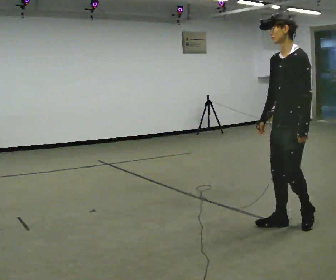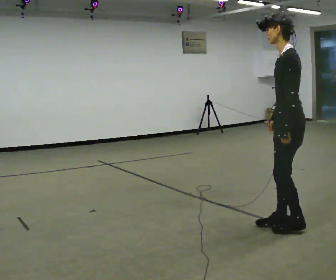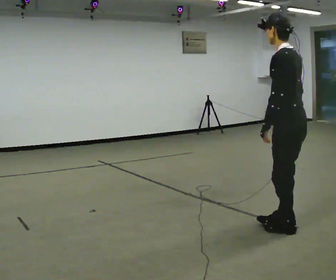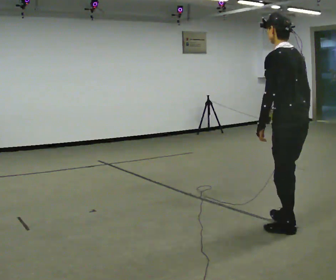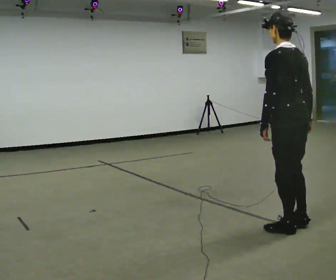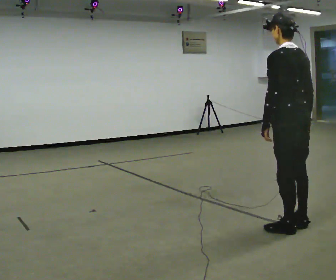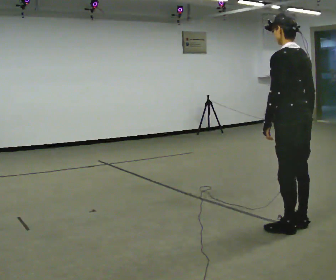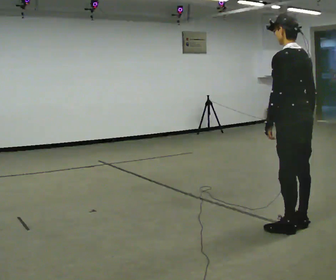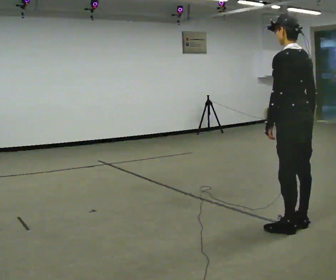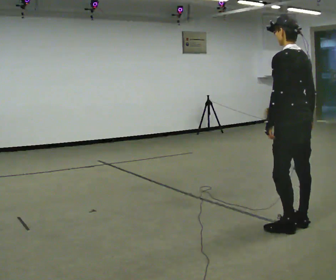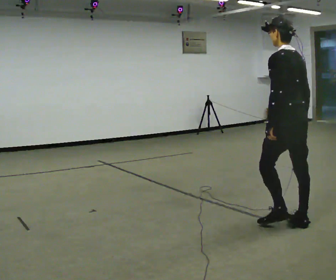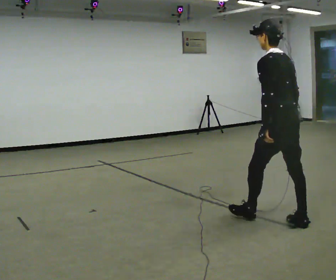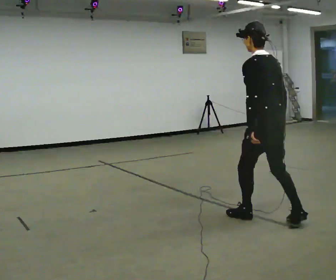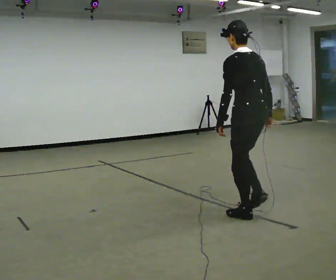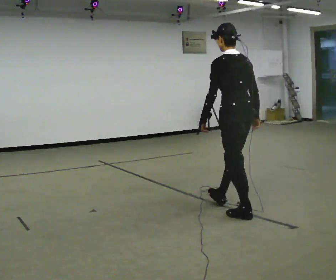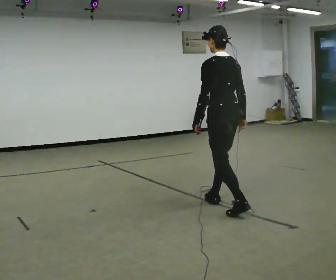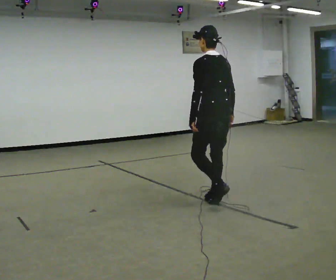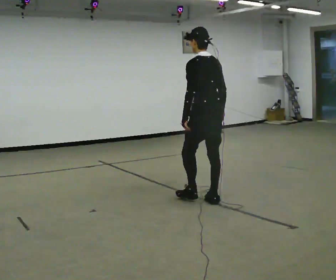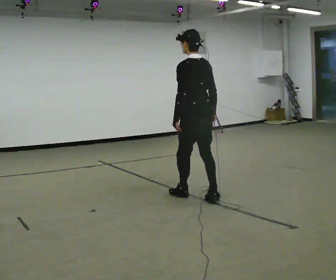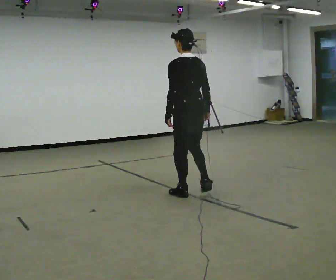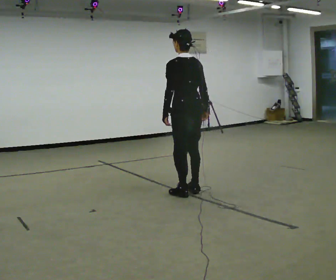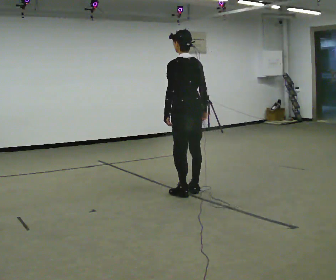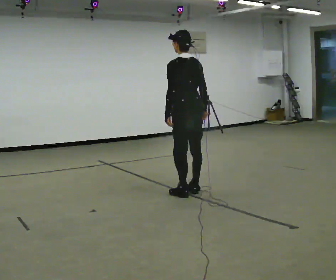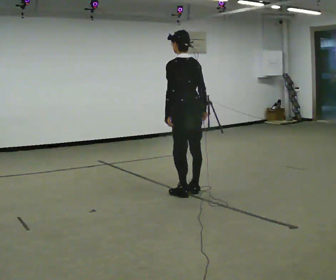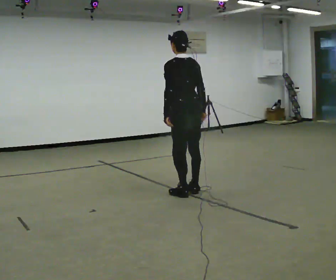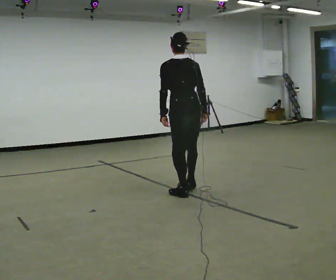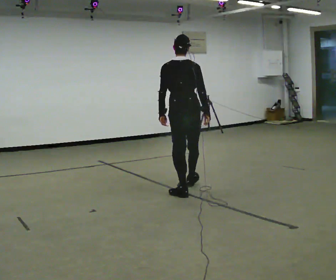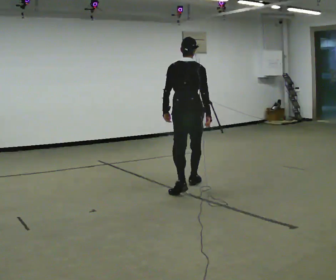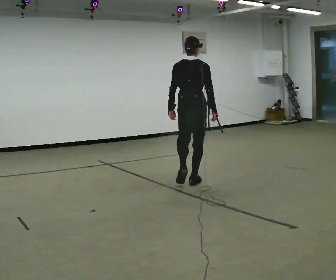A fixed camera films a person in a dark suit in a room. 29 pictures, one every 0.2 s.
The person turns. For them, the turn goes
to their right.
The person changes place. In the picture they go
away from the camera.
0.0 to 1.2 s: The part of the body nearest the lens slides to the left as the person turns to their right by about 75 degrees. In the picture their right hand goes to the right, the arm swinging counterclockwise.
1.2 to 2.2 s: In the picture they go away from the camera, about 0.25 m, which for them is forward.
2.2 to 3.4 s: In the picture they go away from the camera and to the left, about 1 m in 2 steps, which for them is forward.
3.4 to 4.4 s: In the picture they go away from the camera and to the left, about 0.25 m in 2 steps, which for them is forward.
4.4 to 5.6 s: Seen from above the body turns clockwise, about 45 degrees: to their right, with its near side sliding to the left. In the picture they go away from the camera, about 0.5 m in 1 step, which for them is forward and to their right.
The film runs forward here.
